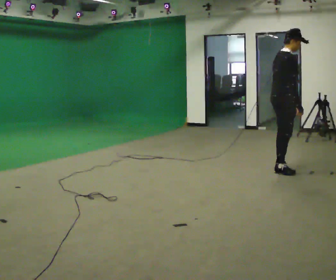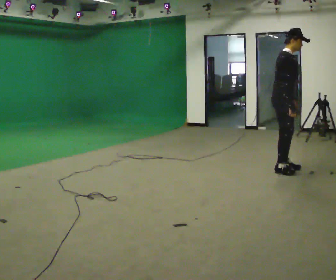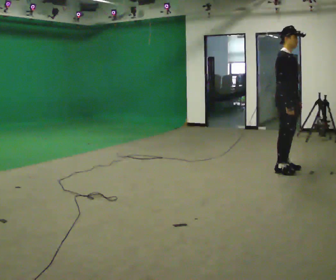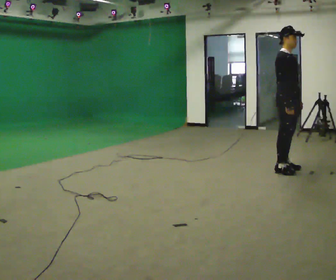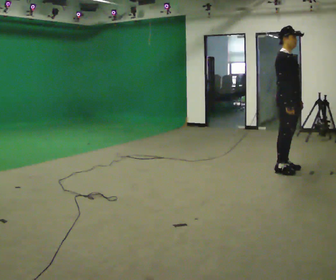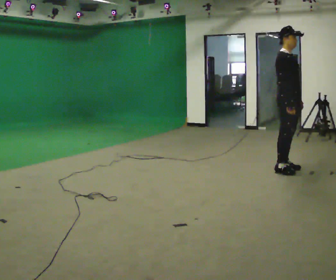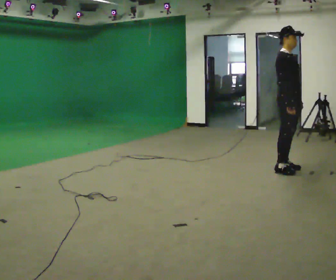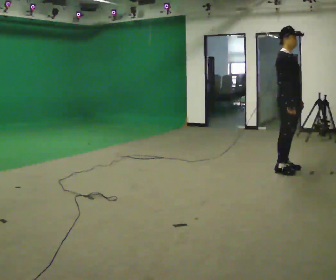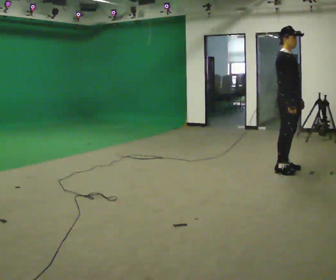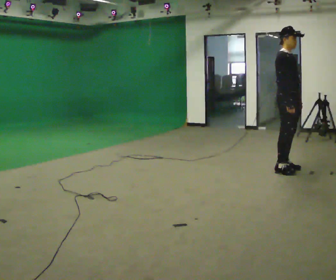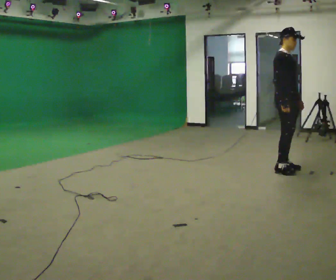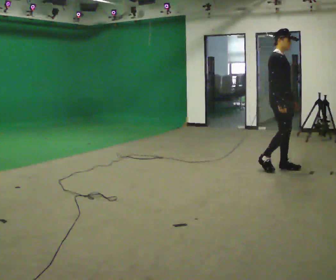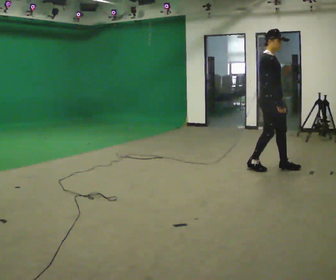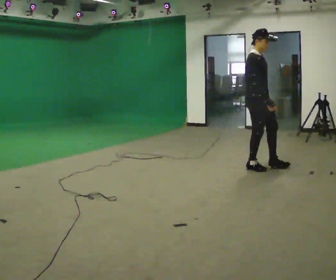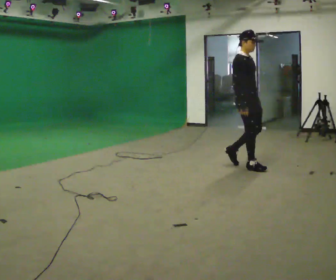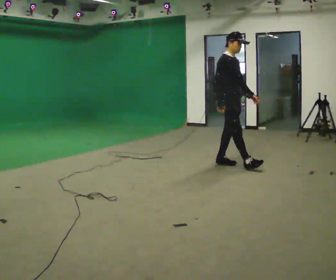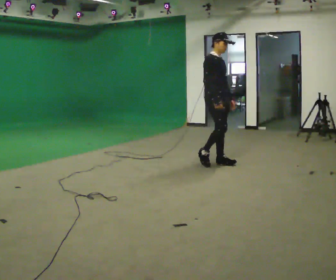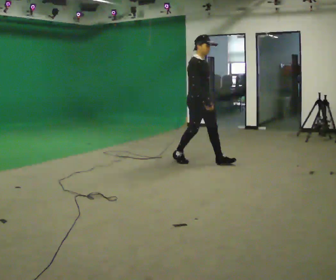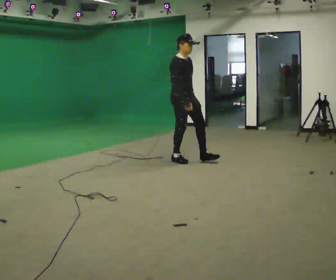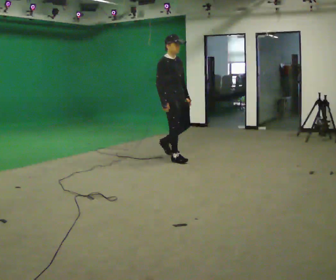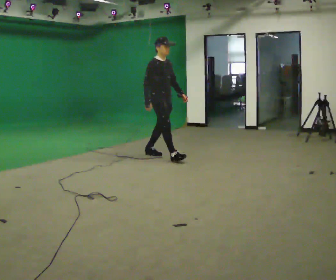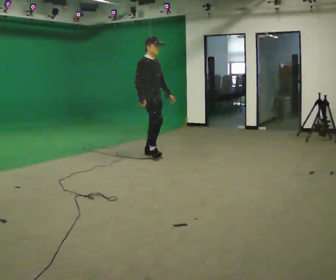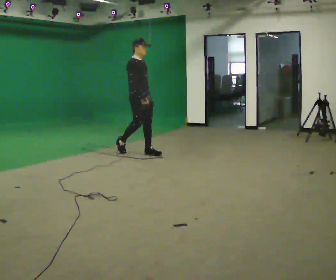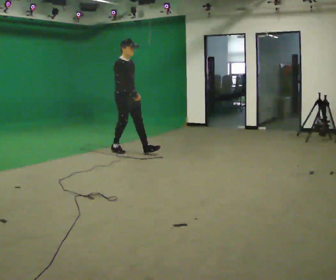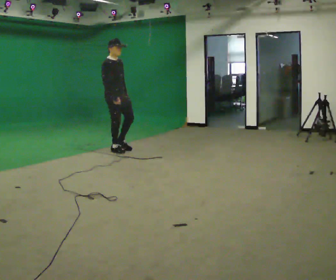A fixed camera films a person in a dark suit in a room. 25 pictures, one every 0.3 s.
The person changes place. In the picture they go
to the left.
0.0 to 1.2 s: The person turns about 45 degrees to their right, clockwise seen from above, so the part of the body nearest the lens slides to the left.
1.2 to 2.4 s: The person keeps their place and pose.
2.4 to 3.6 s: In the picture they go to the left, about 0.25 m in 1 step, which for them is backward.
3.6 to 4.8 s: In the picture they go to the left, about 1 m in 2 steps, which for them is backward.
4.8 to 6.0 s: In the picture they go to the left, about 1 m in 1 step, which for them is backward.
6.0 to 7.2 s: In the picture they go to the left, about 1 m in 2 steps, which for them is backward.
The film runs backward here.
